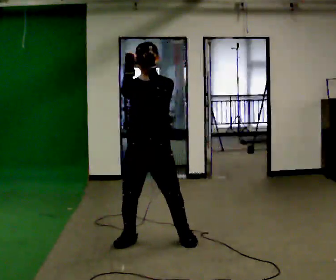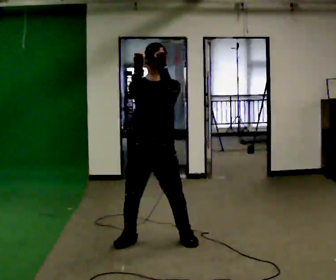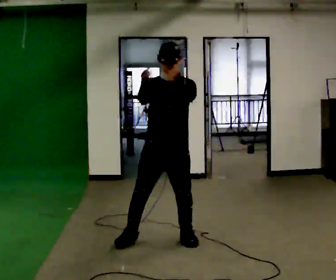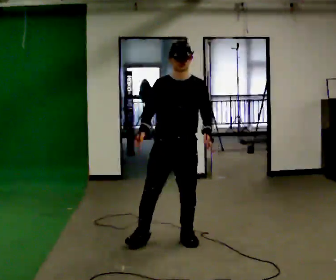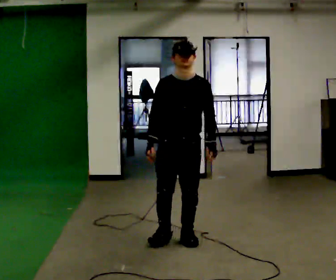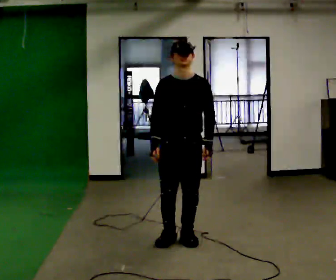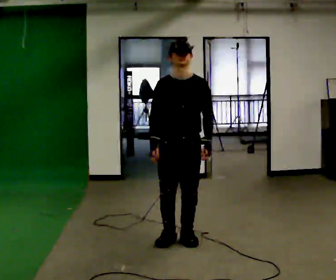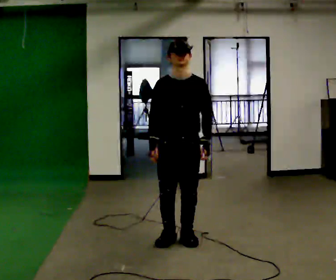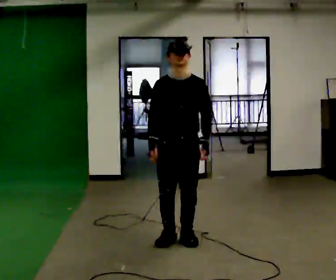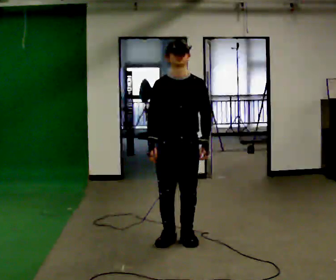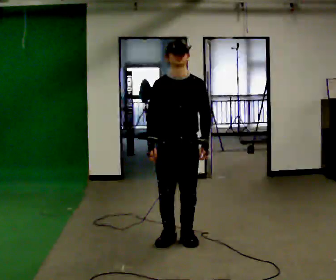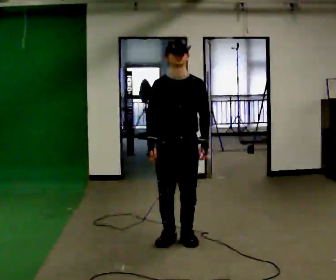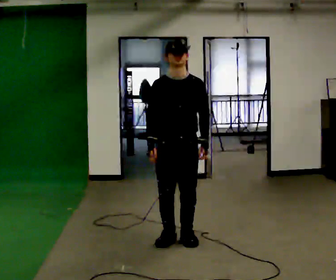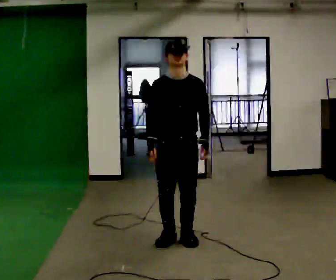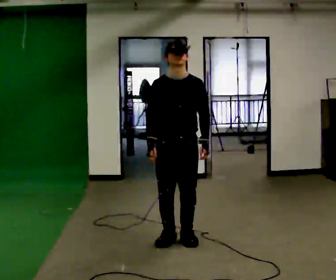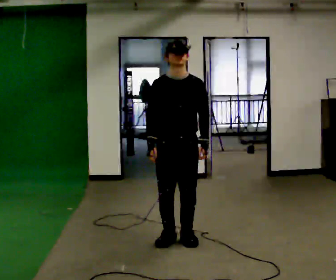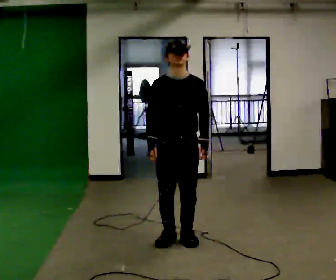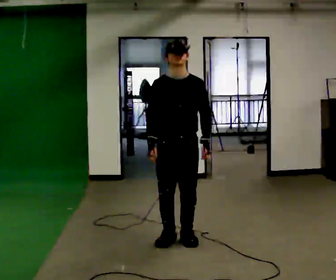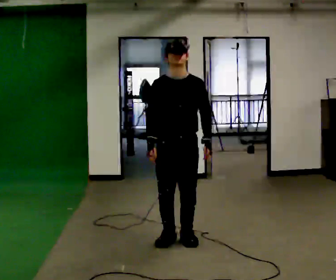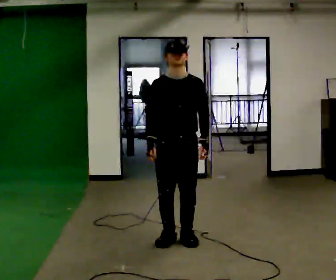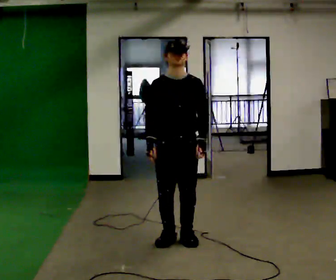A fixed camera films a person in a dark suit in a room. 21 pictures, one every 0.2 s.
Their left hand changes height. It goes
downward.
Their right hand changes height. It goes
downward.
0.0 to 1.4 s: In the picture they go to the right, about 0.25 m in 1 step, which for them is to their left. In the picture their left hand goes downward and to the right.
1.4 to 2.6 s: The person keeps their place and pose.
2.6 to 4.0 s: The person moves a little, or ends about where they began.
The film runs backward here.
